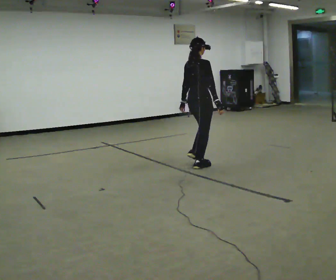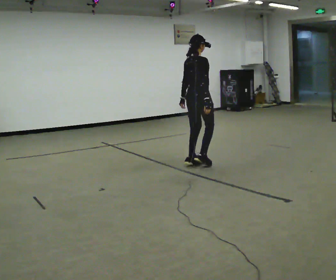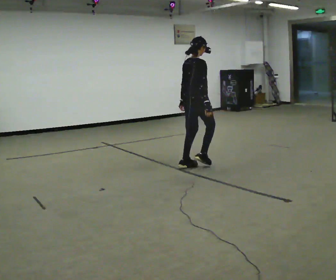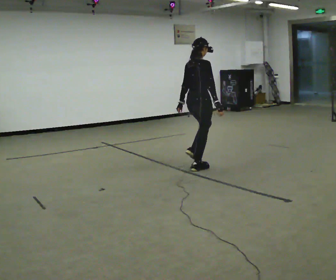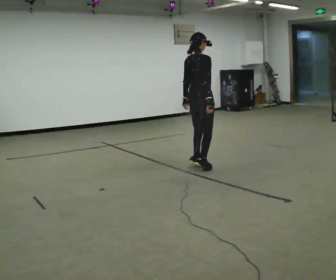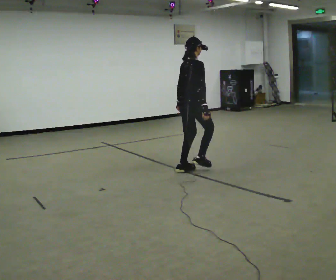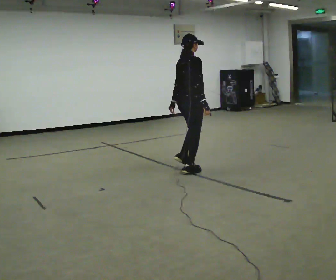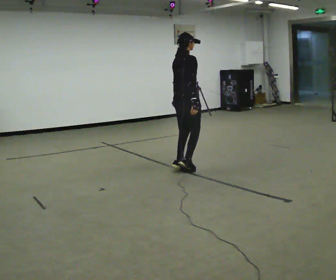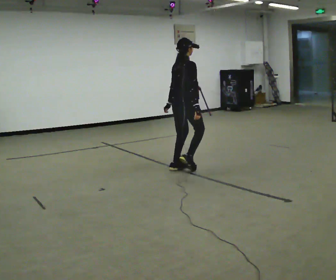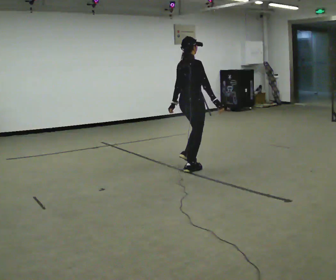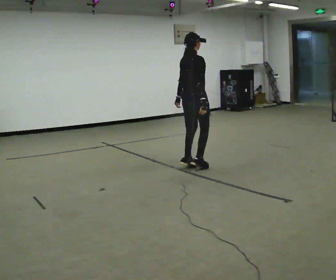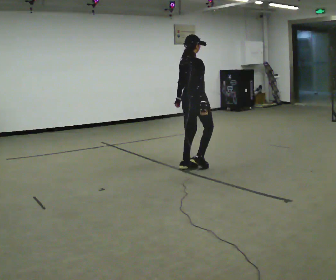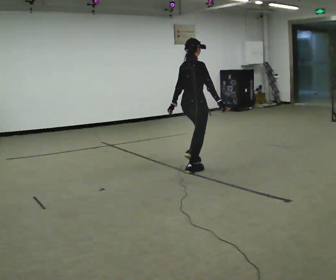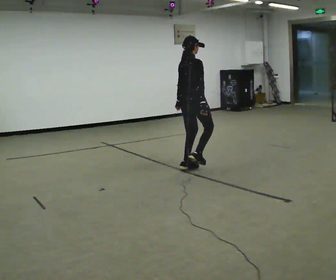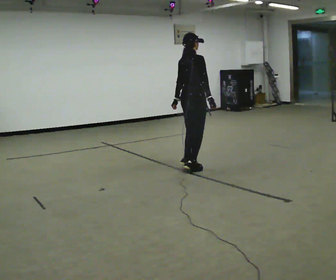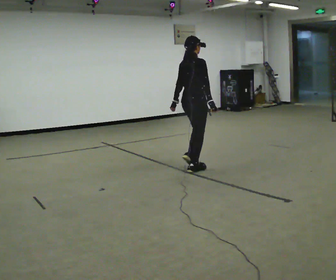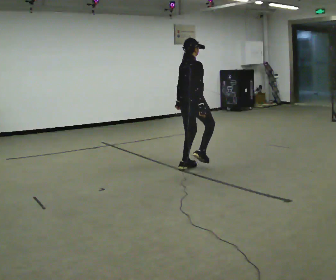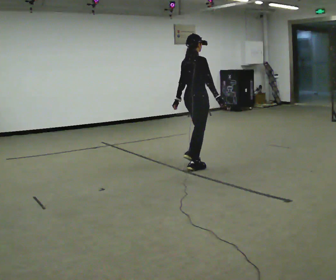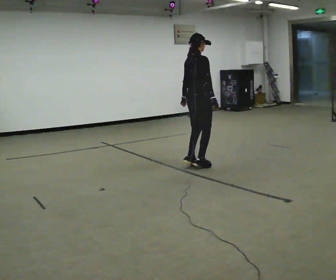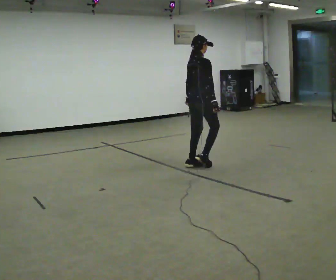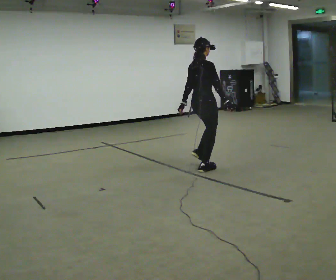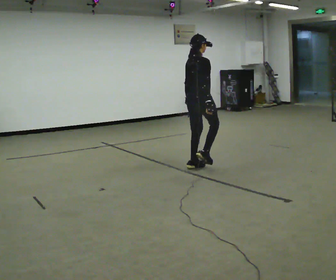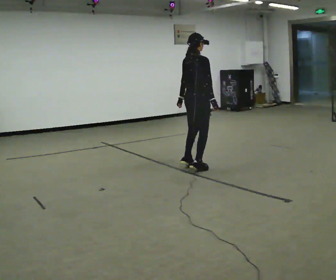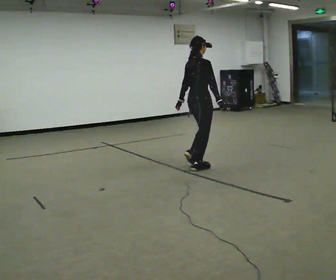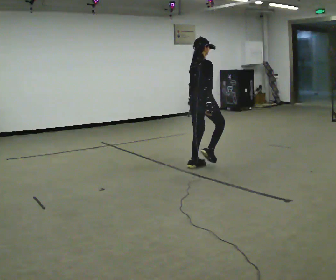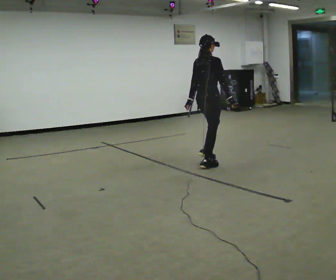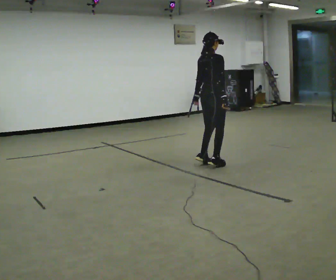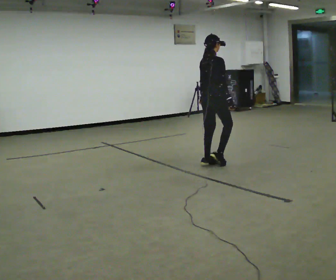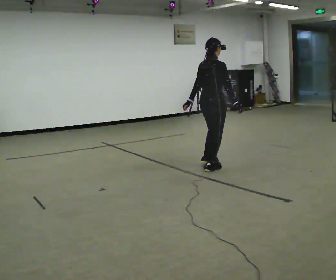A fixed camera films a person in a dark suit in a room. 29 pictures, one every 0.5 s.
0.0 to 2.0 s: The person moves a little, or ends about where they began.
2.0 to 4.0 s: In the picture they go to the left, about 0.25 m in 1 step, which for them is backward.
4.0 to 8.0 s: The person moves a little, or ends about where they began.
8.0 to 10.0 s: In the picture their right hand goes to the right.
10.0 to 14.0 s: The person moves a little, or ends about where they began.
The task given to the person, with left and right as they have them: Move your feet as fast as you can on the spot with small quick steps, until the operator says stop.
The film runs forward here.
